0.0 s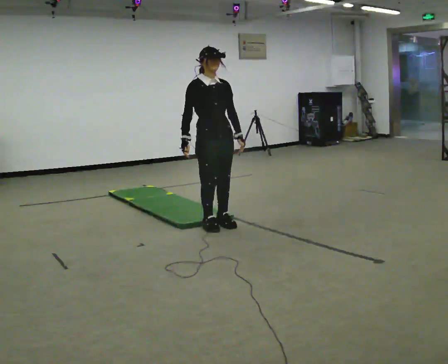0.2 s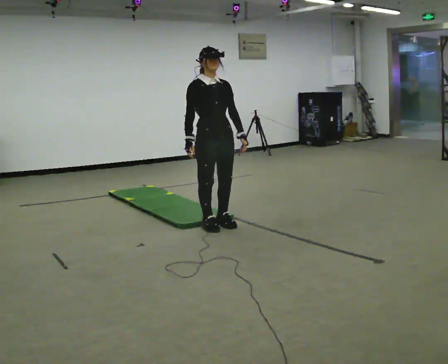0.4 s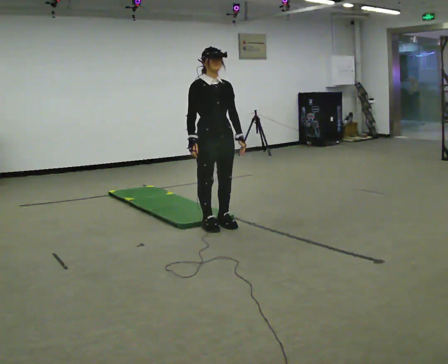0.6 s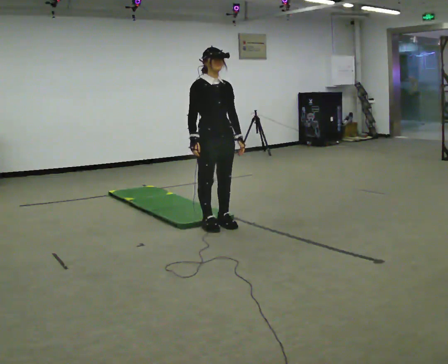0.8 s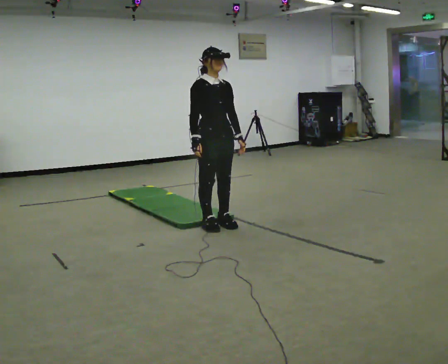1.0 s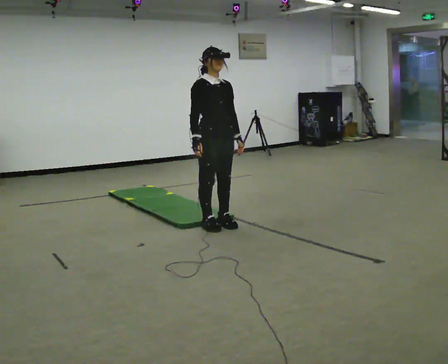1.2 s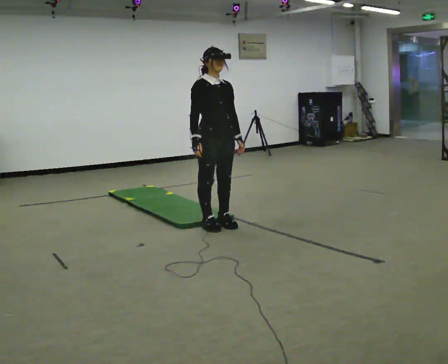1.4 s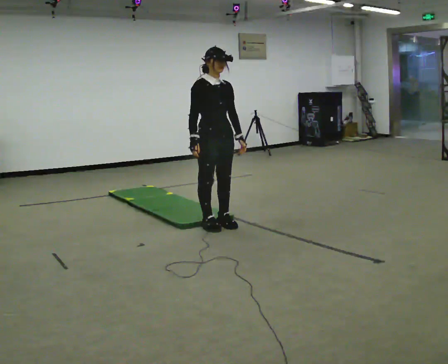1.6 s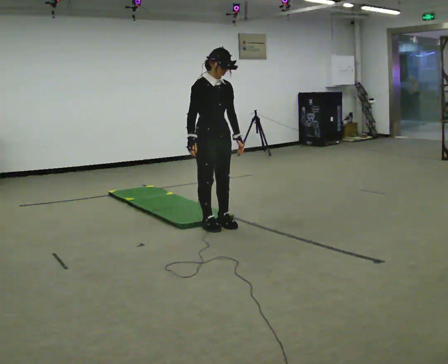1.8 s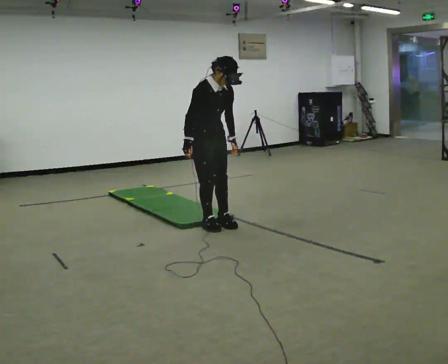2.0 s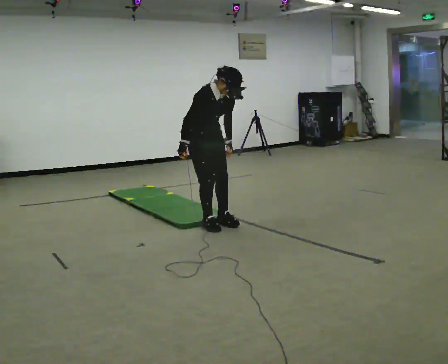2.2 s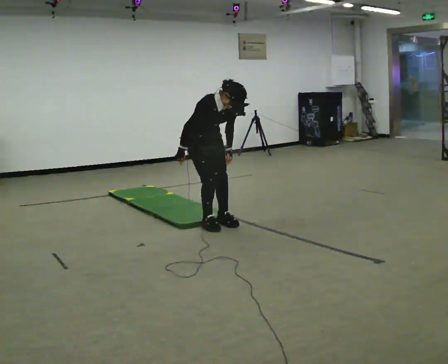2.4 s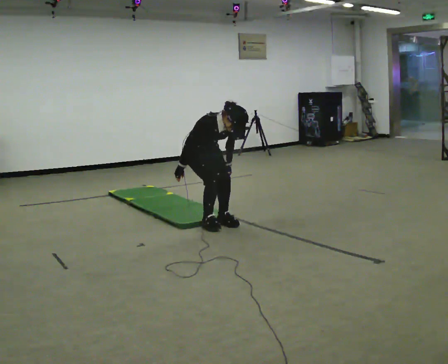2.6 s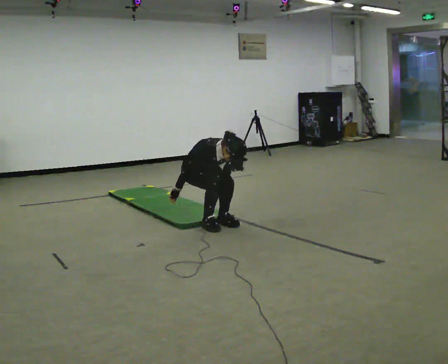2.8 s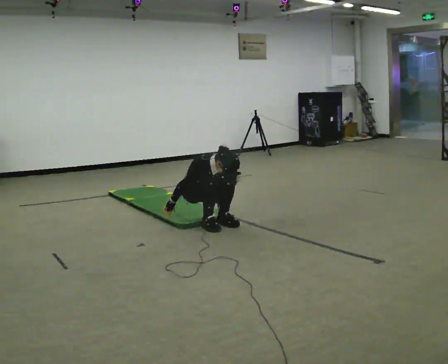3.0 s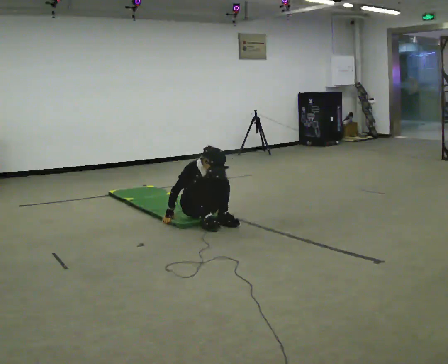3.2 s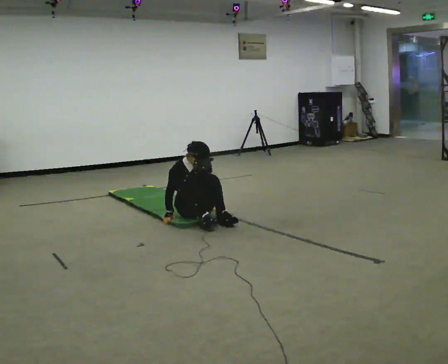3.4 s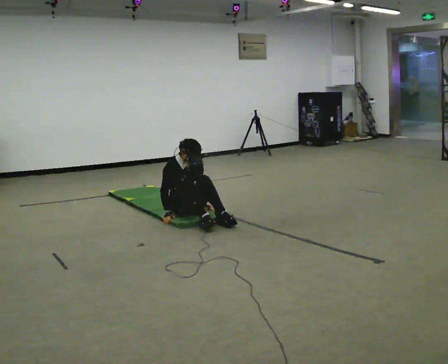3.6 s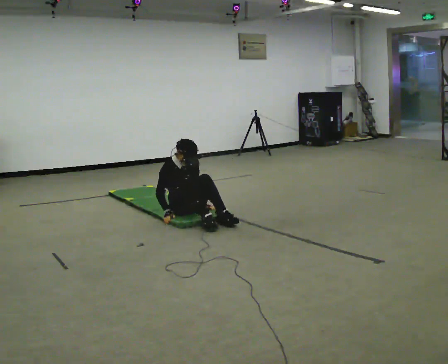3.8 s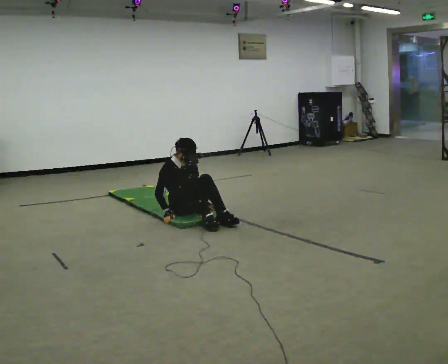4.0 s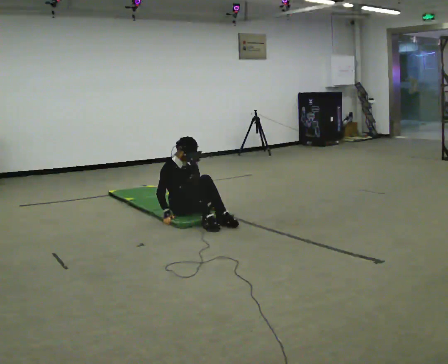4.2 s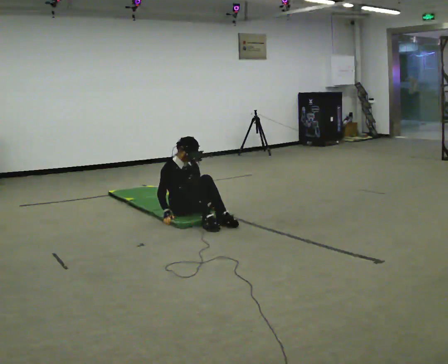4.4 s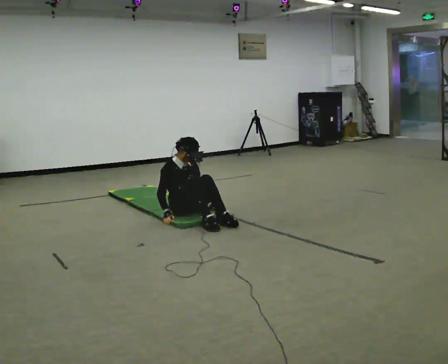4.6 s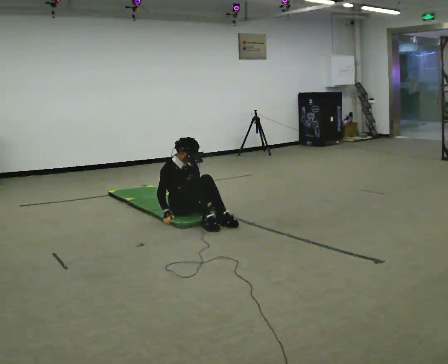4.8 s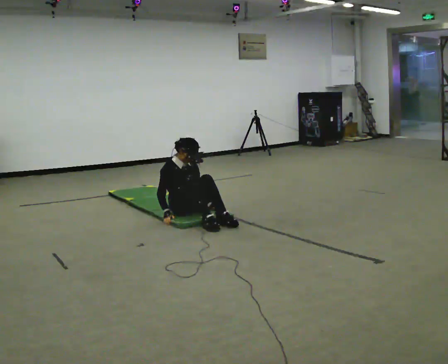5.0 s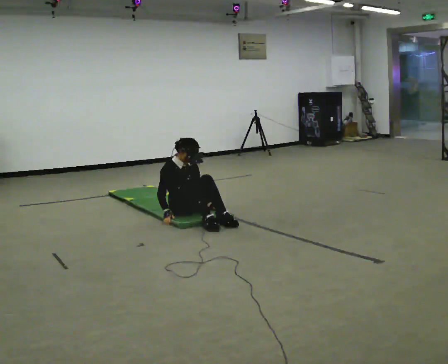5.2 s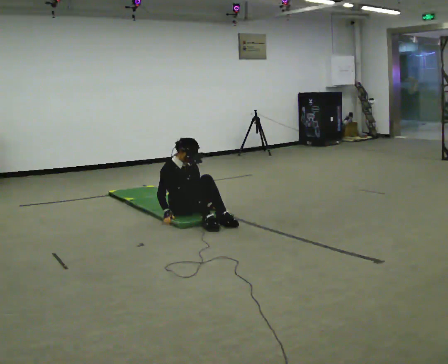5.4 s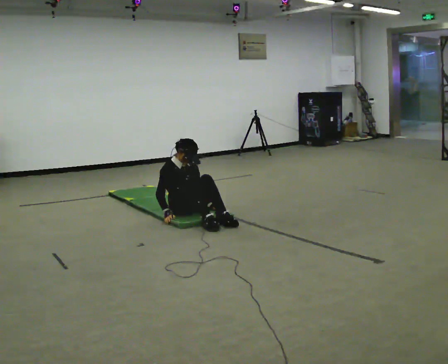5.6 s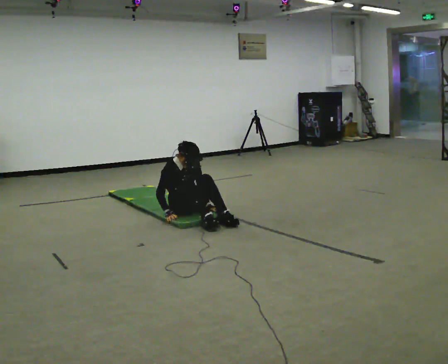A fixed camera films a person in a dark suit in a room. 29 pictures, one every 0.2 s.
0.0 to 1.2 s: The person moves a little, or ends about where they began.
1.2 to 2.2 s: In the picture they go away from the camera, about 0.25 m, which for them is backward. The upper body goes downward. The upper body tips toward the camera, its near side rolling downward, as they bend forward.
2.2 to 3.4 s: In the picture they go away from the camera and to the left, about 0.25 m, which for them is backward. The shoulders move downward. In the picture their right hand goes downward.
3.4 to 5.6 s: The person moves a little, or ends about where they began.
The film runs forward here.
